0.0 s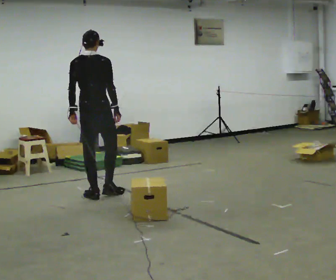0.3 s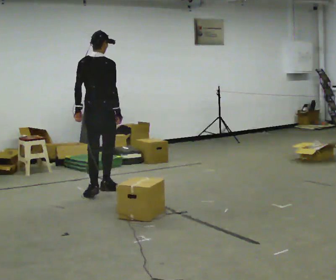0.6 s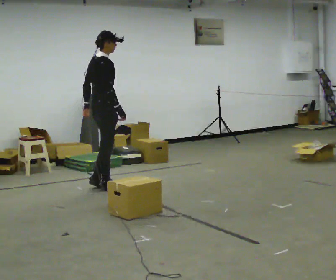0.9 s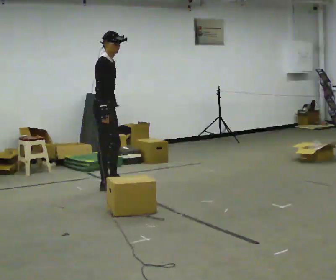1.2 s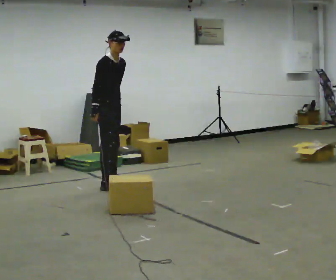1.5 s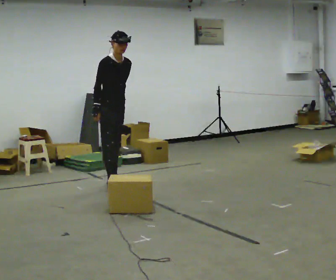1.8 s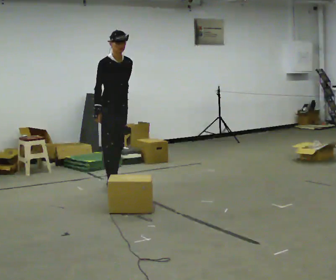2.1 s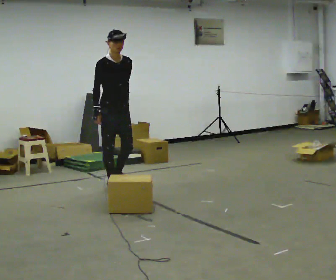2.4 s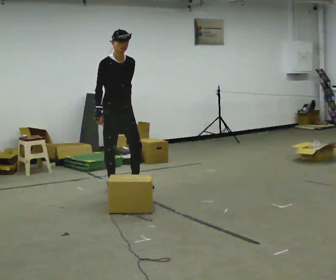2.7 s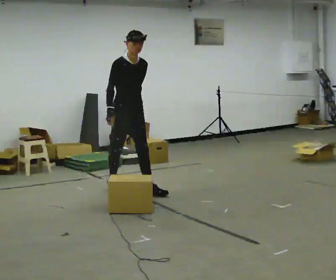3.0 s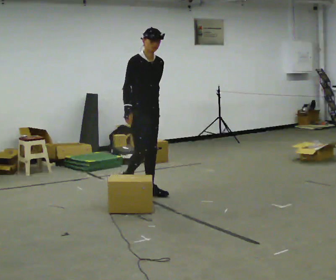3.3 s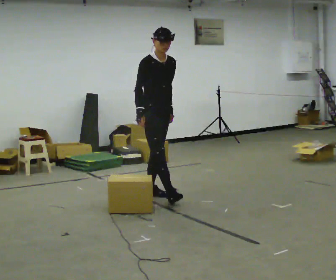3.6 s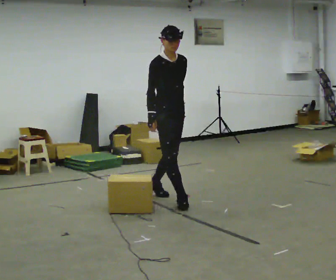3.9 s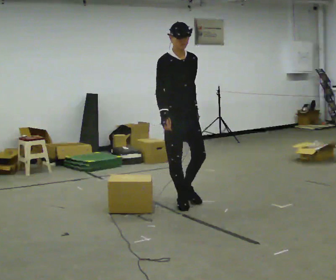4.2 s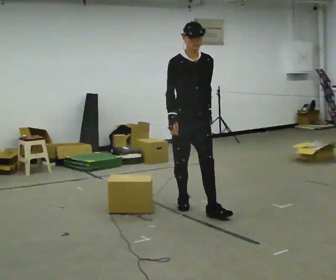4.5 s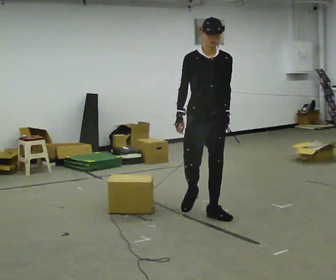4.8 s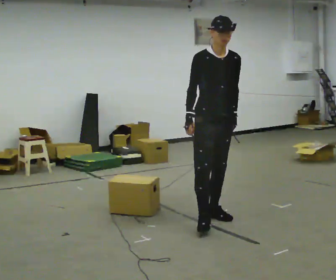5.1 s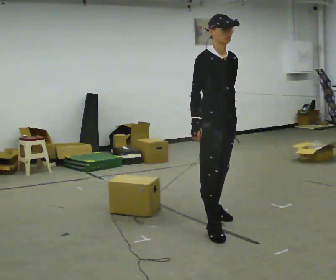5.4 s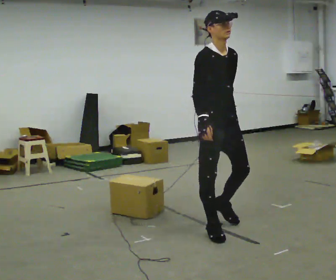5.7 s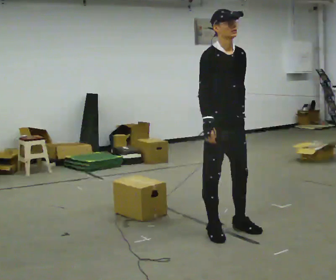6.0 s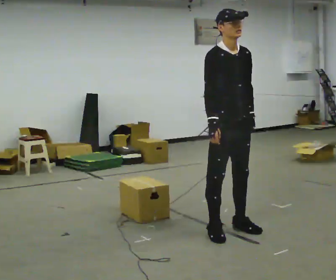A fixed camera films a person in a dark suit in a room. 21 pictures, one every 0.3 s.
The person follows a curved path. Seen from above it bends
clockwise.
0.0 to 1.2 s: The part of the body nearest the lens slides to the left as the person turns to their right by about 120 degrees. In the picture they go away from the camera, about 0.5 m in 2 steps. The upper body tips toward the camera, its near side rolling downward.
1.2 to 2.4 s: In the picture they go toward the camera, about 0.25 m, which for them is forward.
2.4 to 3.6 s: In the picture they go toward the camera and to the right, about 1 m in 2 steps, which for them is forward.
3.6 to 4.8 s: In the picture they go toward the camera and to the right, about 1 m in 1 step, which for them is forward.
4.8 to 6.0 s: In the picture they go toward the camera, about 0.5 m in 2 steps, which for them is forward and to their right.
The film runs forward here.
